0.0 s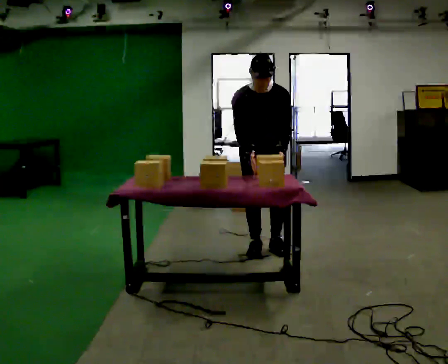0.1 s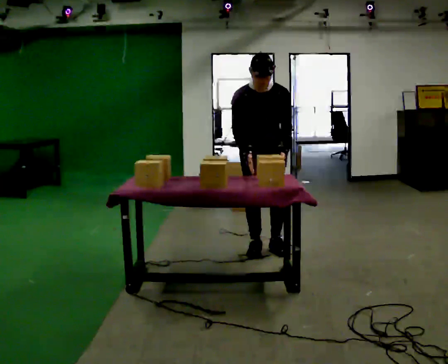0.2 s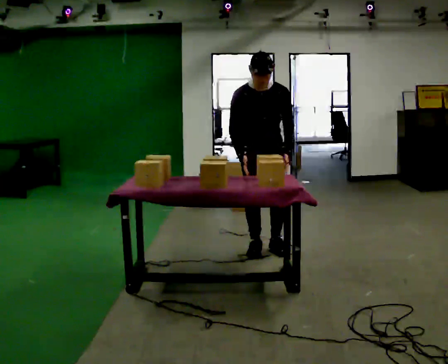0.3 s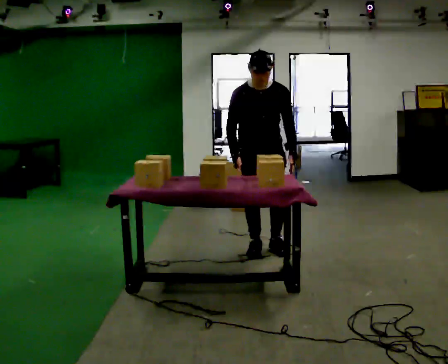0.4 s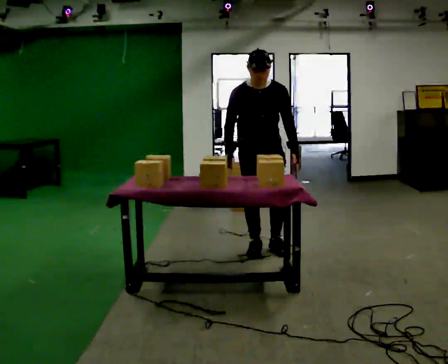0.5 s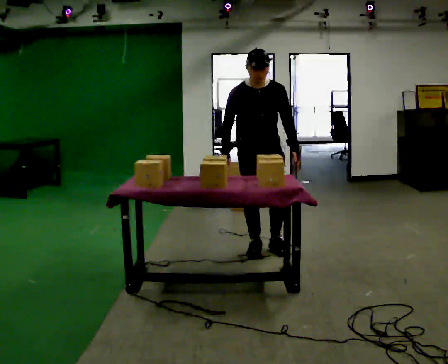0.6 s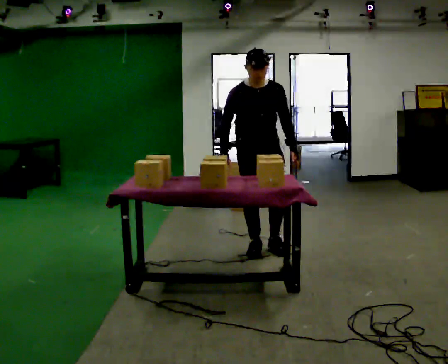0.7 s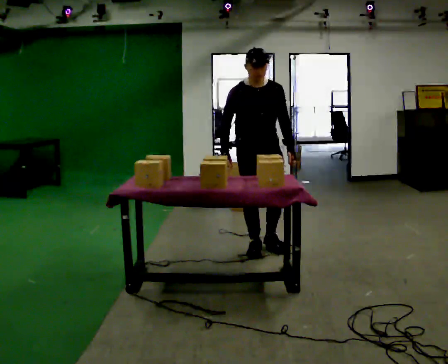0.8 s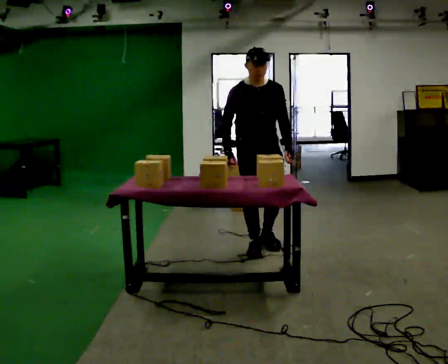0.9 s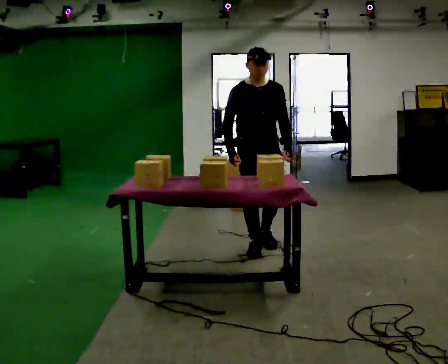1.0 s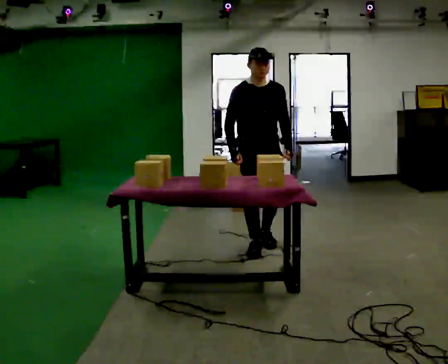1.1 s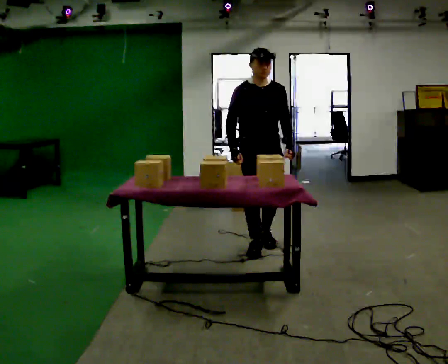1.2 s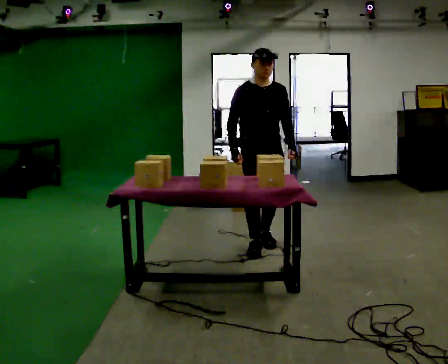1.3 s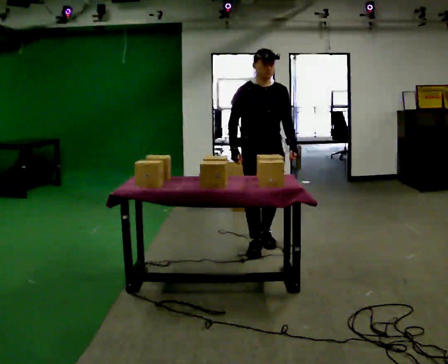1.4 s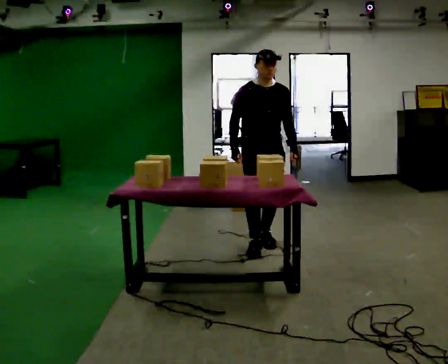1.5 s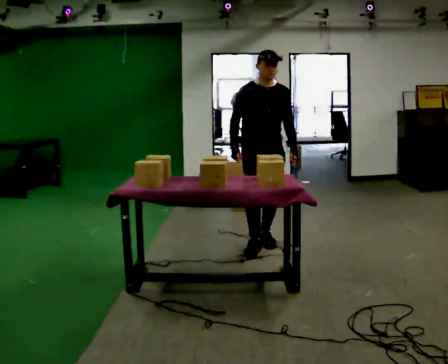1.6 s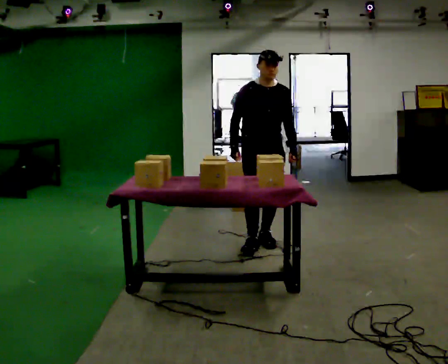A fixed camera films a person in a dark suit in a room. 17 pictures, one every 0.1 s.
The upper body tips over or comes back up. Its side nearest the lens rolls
upward.
0.0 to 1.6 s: In the picture they go away from the camera, about 0.25 m in 1 step, which for them is backward. The upper body tips away from the camera, its near side rolling upward, as they lean back or straighten.
The film runs forward here.
